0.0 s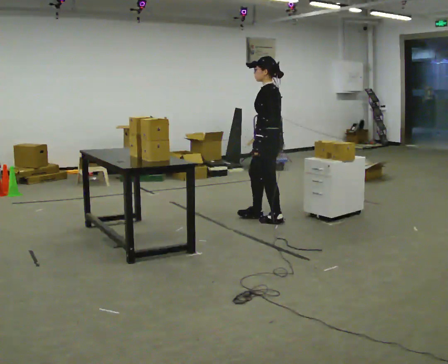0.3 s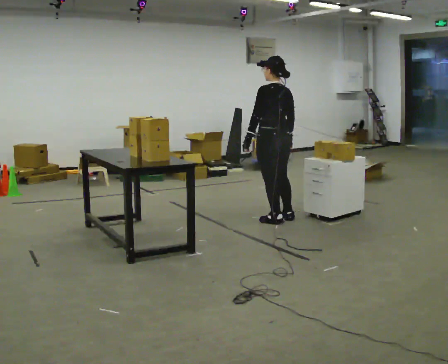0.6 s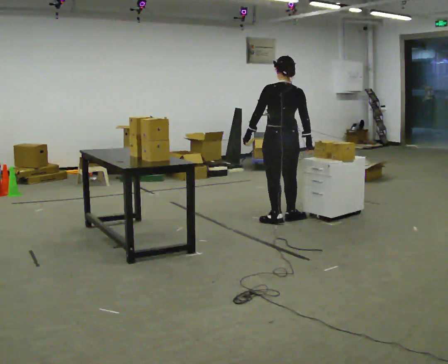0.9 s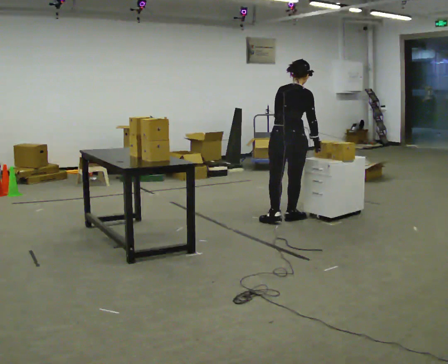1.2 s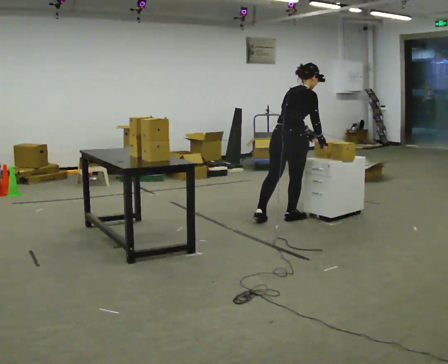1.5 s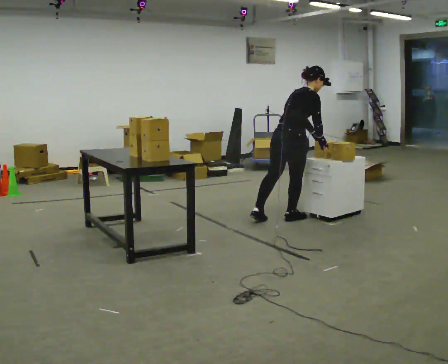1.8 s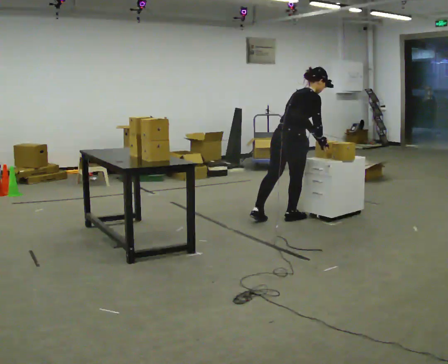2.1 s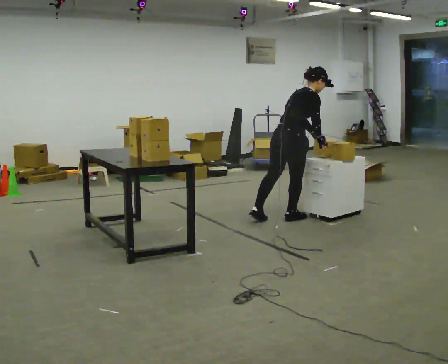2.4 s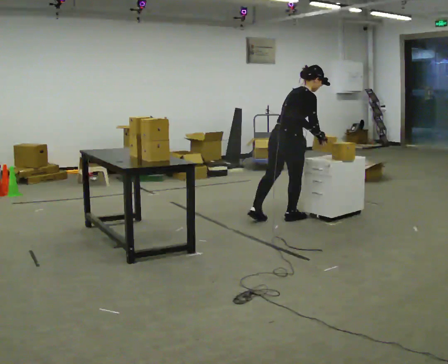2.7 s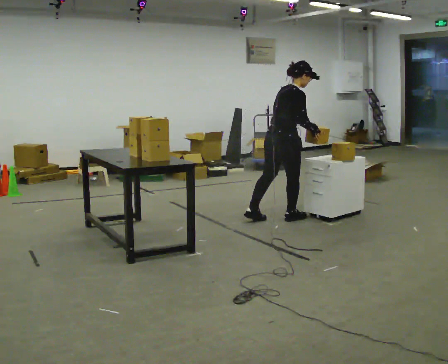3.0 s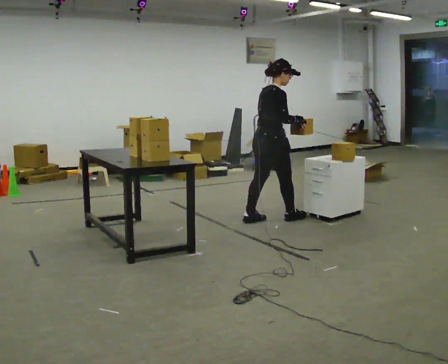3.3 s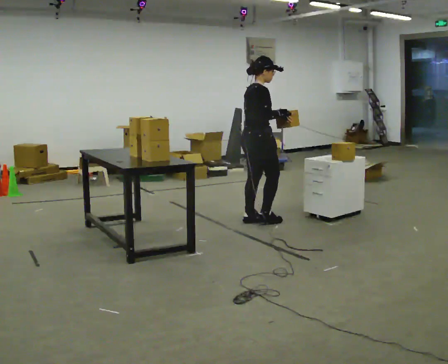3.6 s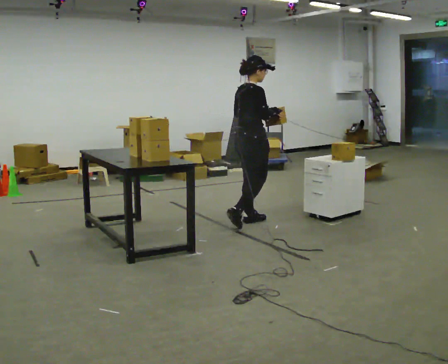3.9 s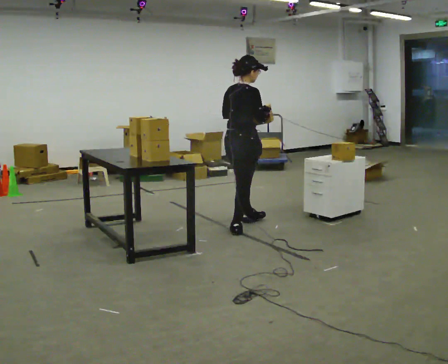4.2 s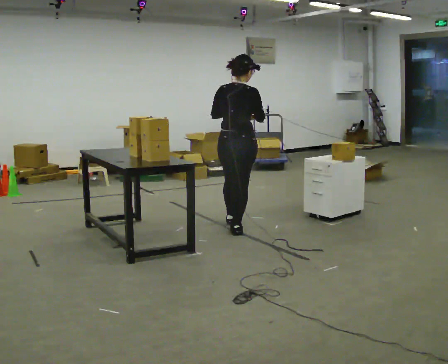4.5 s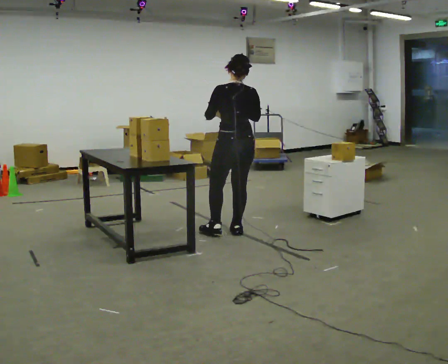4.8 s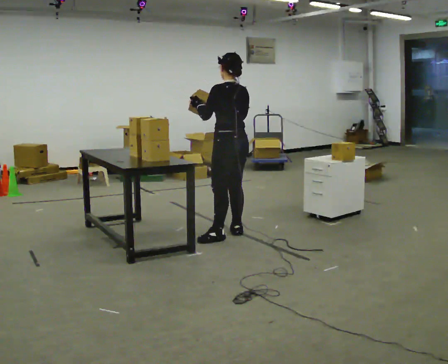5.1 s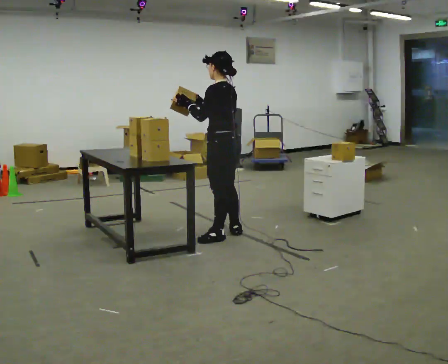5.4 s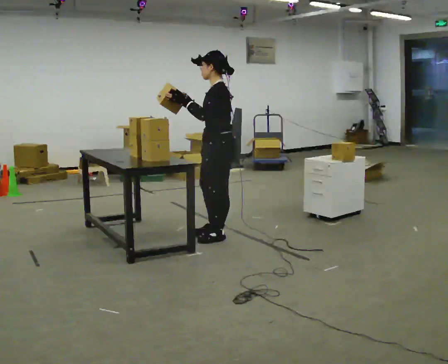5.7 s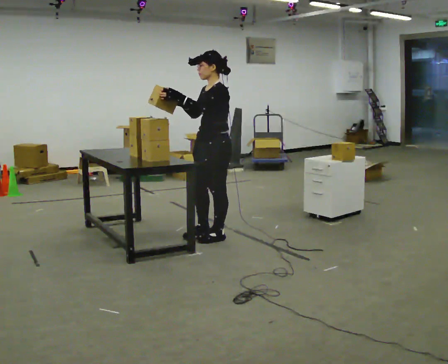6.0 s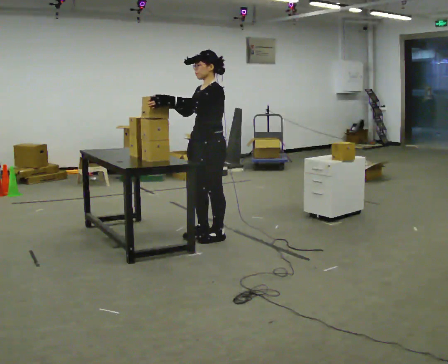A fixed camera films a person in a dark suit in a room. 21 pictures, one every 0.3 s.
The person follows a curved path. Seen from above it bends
counterclockwise.
0.0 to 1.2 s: Seen from above the body turns clockwise, about 120 degrees: to their right, with its near side sliding to the left. In the picture they go to the right, about 0.25 m in 1 step. In the picture the upper body tilts clockwise, shoulders to the right, as they bend forward. In the picture their left hand goes to the right.
1.2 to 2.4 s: The person moves a little, or ends about where they began.
2.4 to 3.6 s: In the picture they go to the left, about 0.25 m in 1 step, which for them is backward. In the picture the upper body tilts counterclockwise, shoulders to the left, as they lean back or straighten.
3.6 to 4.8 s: Seen from above the body turns counterclockwise, about 105 degrees: to their left, with its near side sliding to the right. In the picture they go toward the camera, about 0.5 m in 1 step.
4.8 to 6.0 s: The person turns about 75 degrees to their left, counterclockwise seen from above, so the part of the body nearest the lens slides to the right. In the picture they go to the left, about 0.25 m in 1 step.
The film runs backward here.
